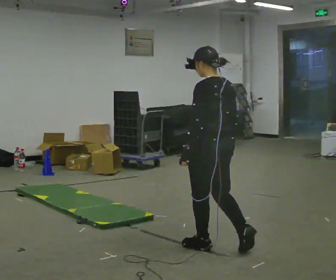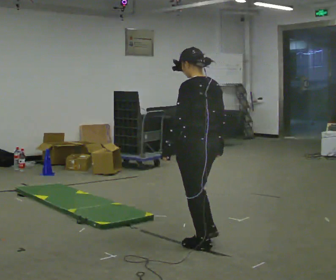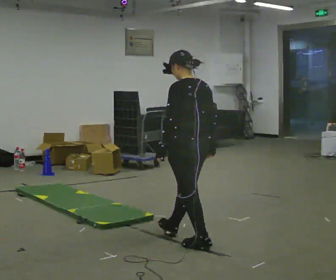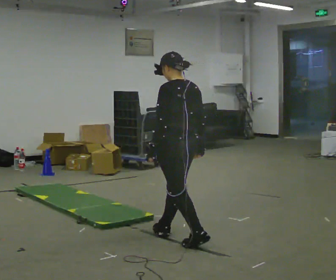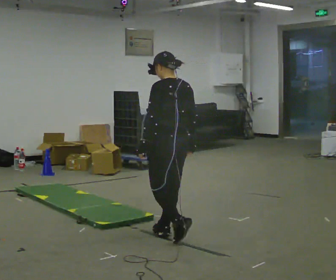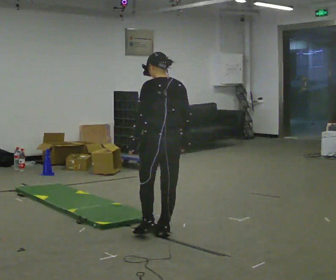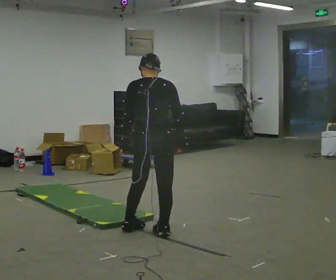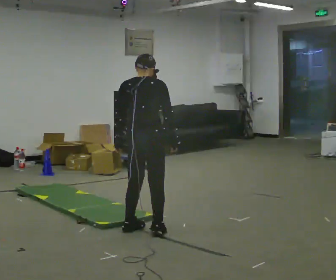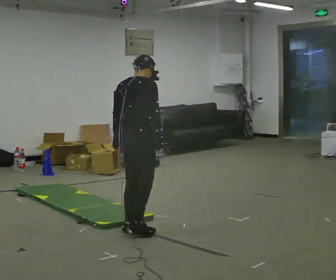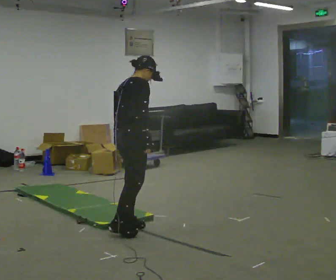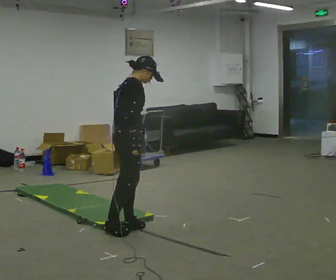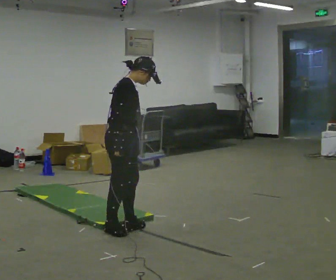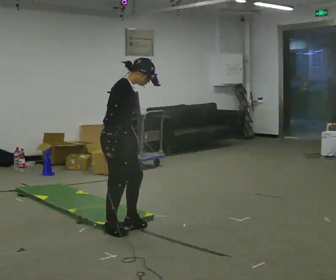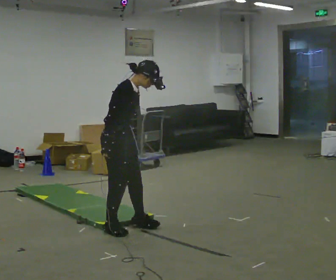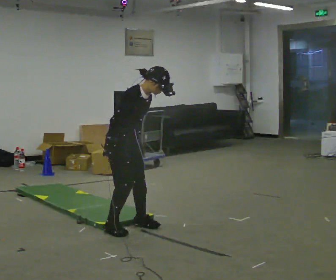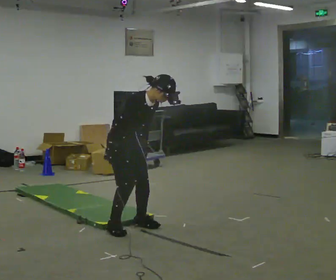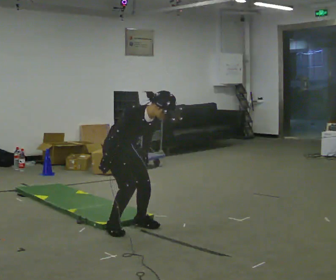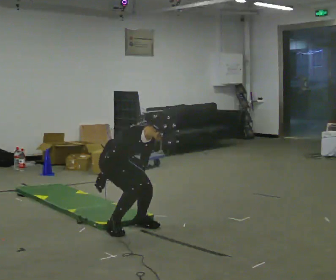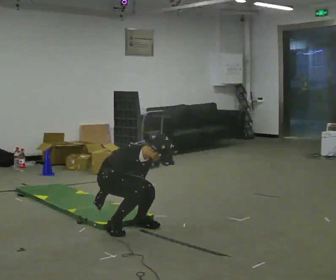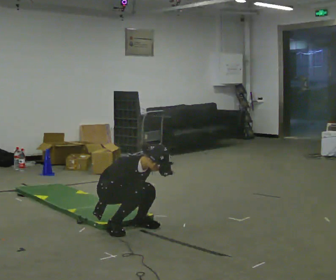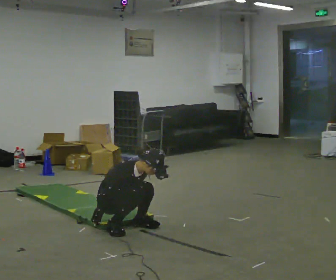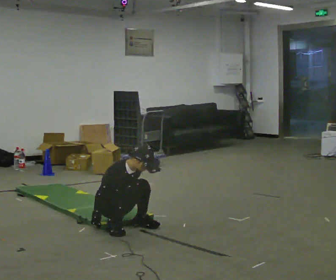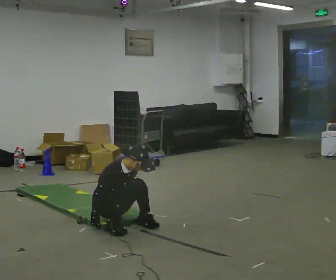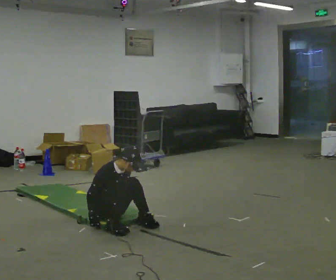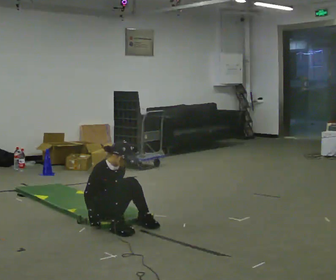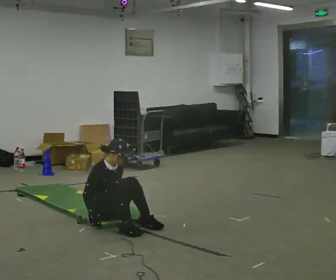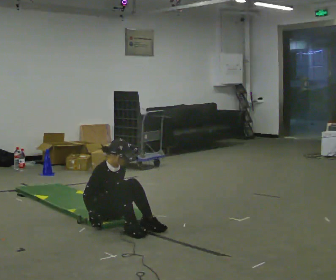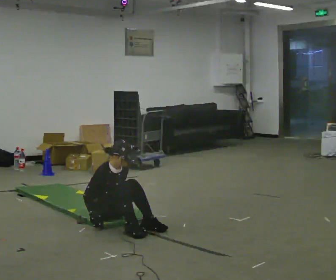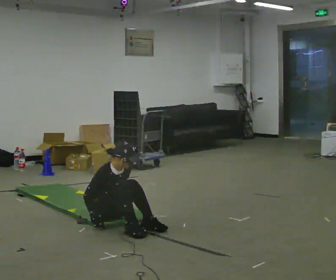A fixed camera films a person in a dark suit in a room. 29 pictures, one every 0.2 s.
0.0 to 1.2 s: The part of the body nearest the lens slides to the left as the person turns to their right by about 30 degrees. In the picture they go away from the camera and to the left, about 0.75 m in 1 step, which for them is forward.
1.2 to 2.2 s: The part of the body nearest the lens slides to the left as the person turns to their right by about 90 degrees. In the picture they go to the left, about 0.25 m in 2 steps.
2.2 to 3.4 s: The person turns about 45 degrees to their right, clockwise seen from above, so the part of the body nearest the lens slides to the left. In the picture they go away from the camera, about 0.25 m in 1 step, which for them is backward and to their left. The shoulders move downward. The upper body tips toward the camera, its near side rolling downward, as they bend forward. In the picture their right hand goes downward.
3.4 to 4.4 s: The upper body goes downward. The upper body tips away from the camera, its near side rolling upward, as they lean back or straighten. In the picture their right hand goes downward.
4.4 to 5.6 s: The person moves a little, or ends about where they began.
The film runs forward here.
